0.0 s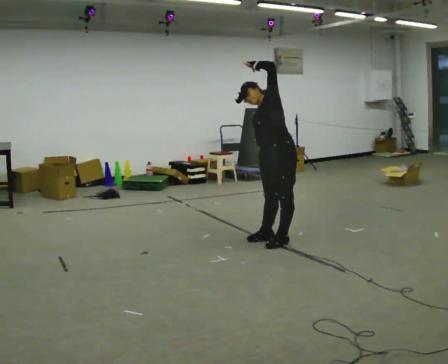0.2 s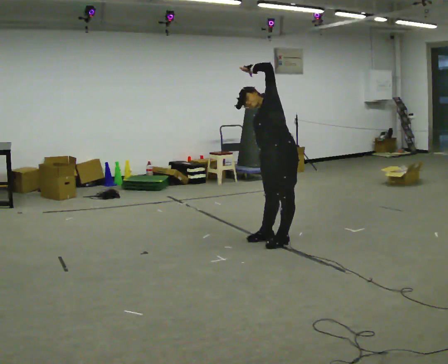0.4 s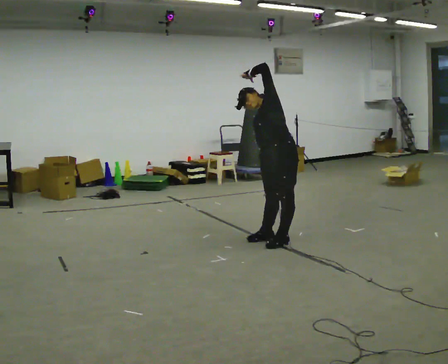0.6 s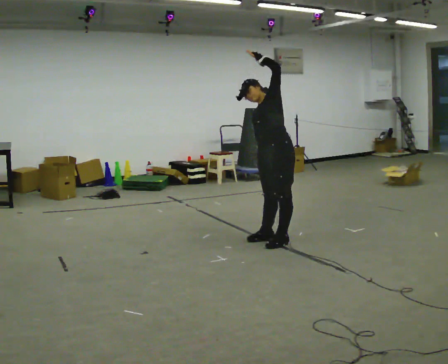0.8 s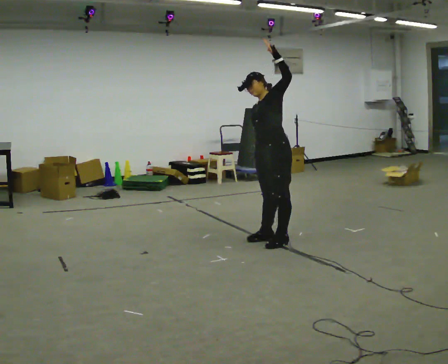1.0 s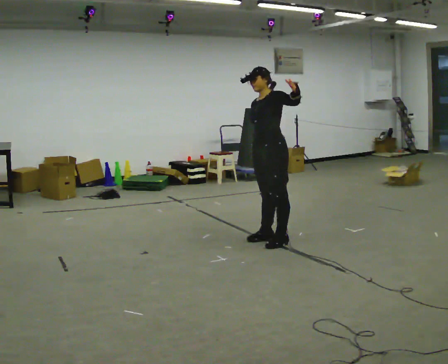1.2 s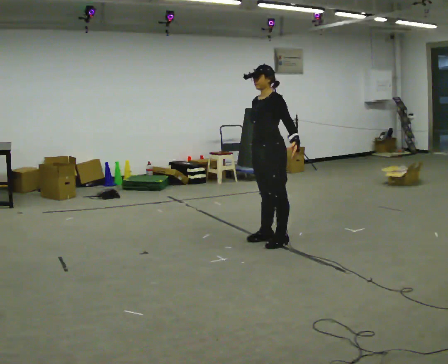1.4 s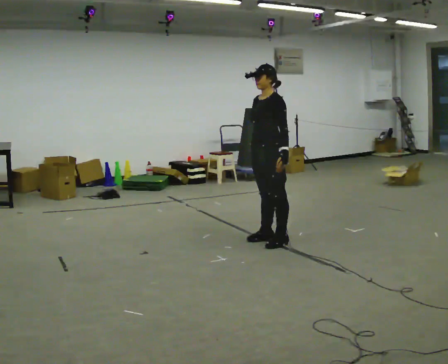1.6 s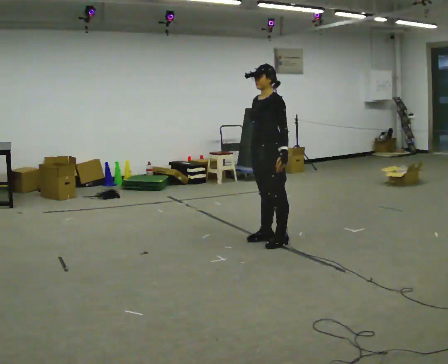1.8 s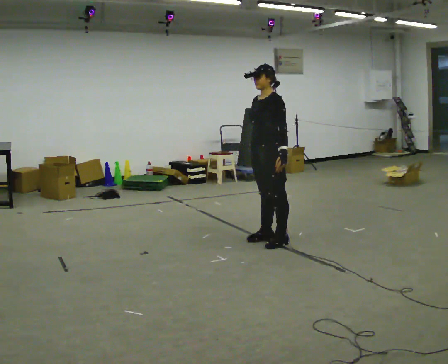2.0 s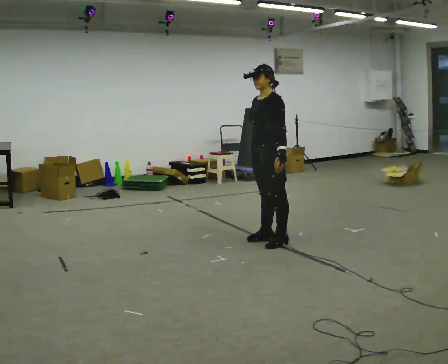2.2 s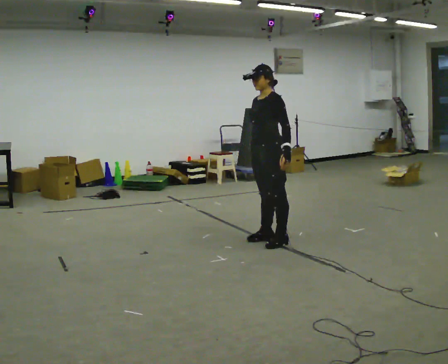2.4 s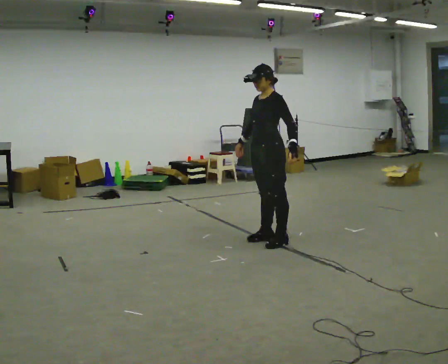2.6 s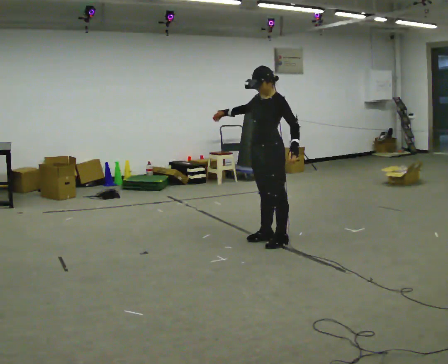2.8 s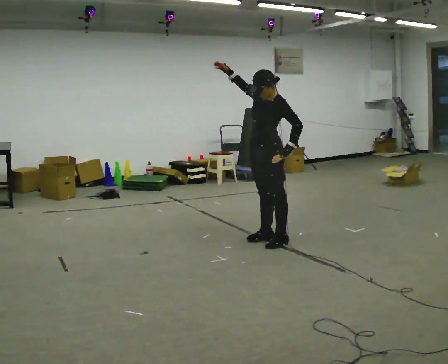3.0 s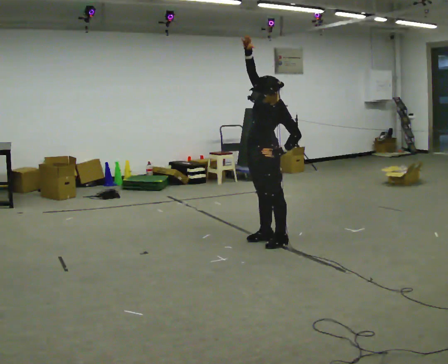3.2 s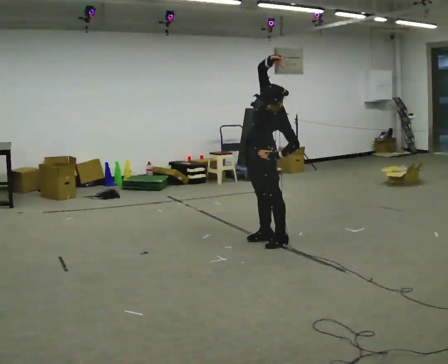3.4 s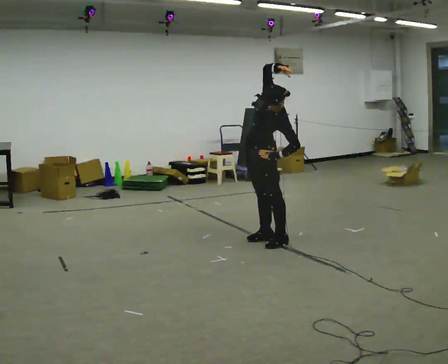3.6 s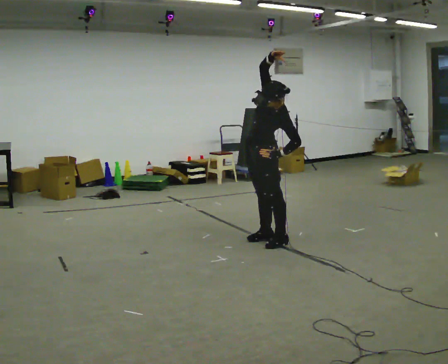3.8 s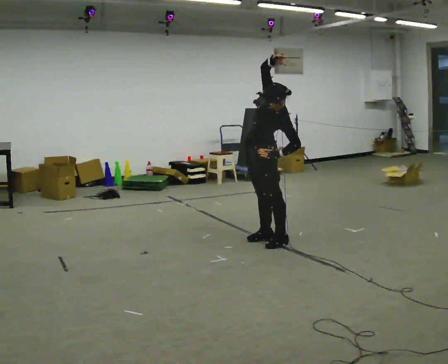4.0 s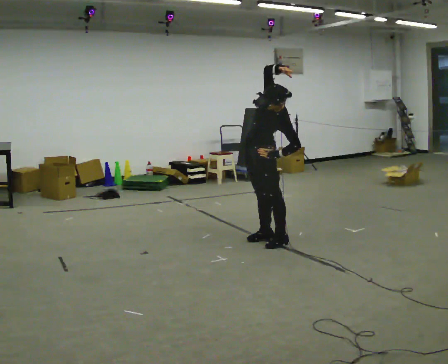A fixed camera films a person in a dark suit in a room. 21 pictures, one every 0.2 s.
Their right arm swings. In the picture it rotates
clockwise.
0.0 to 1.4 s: The upper body tips toward the camera, its near side rolling downward. In the picture their left hand goes downward.
1.4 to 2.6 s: In the picture their right hand goes upward, the arm swinging clockwise.
2.6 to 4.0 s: In the picture the upper body tilts clockwise, shoulders to the right. In the picture their right hand goes to the right and upward, the arm swinging clockwise.
The film runs backward here.
